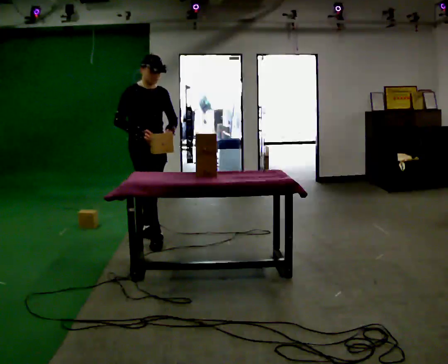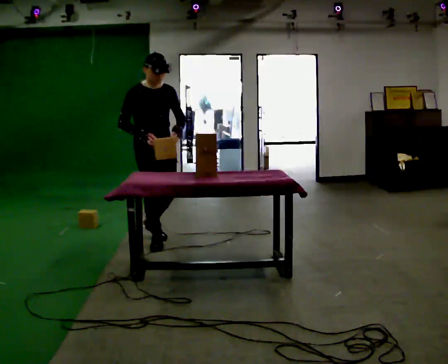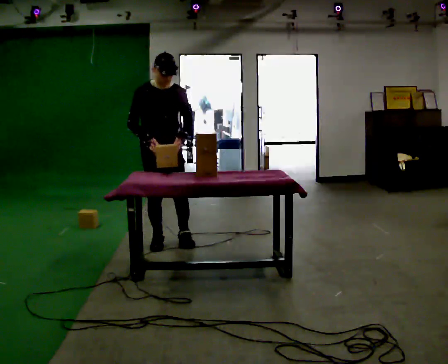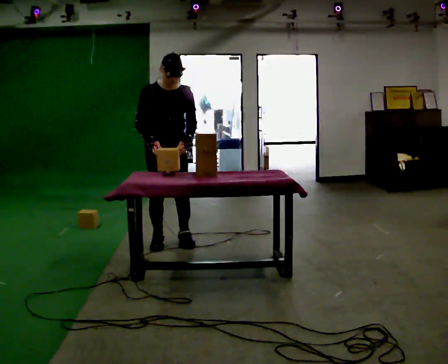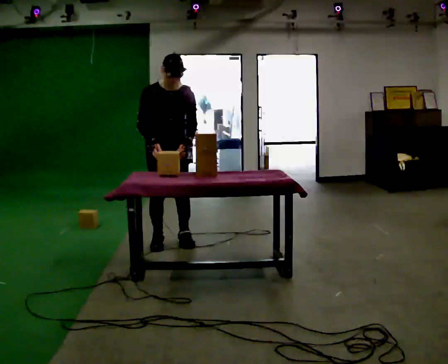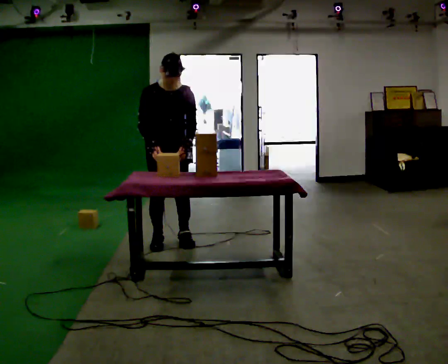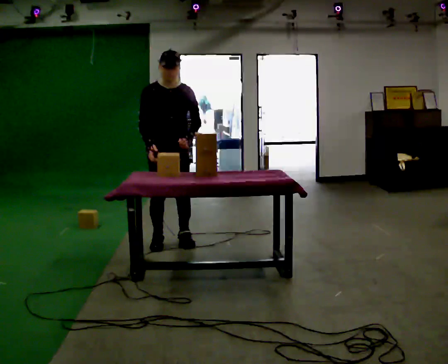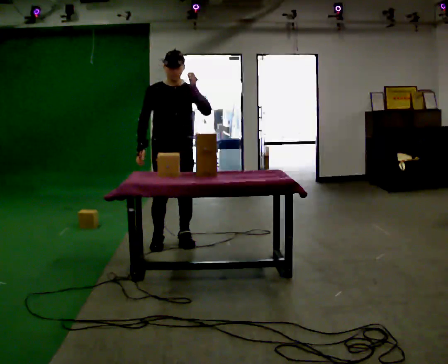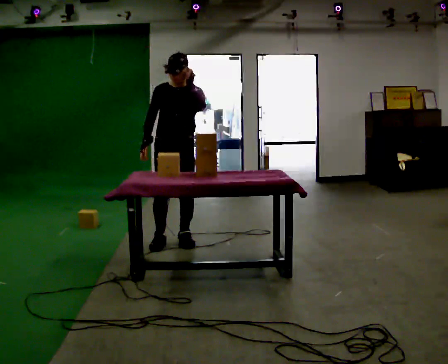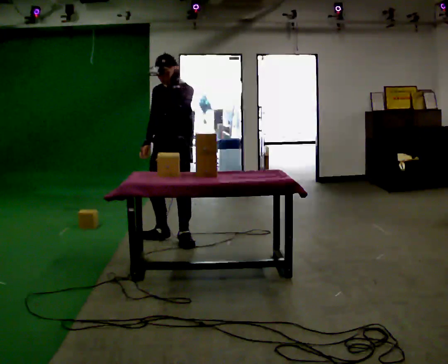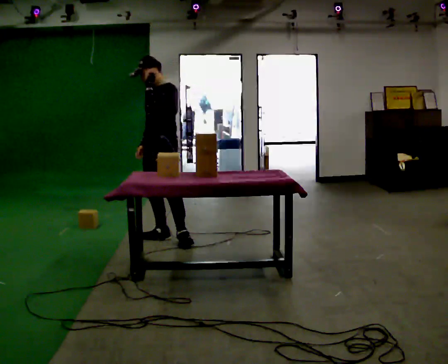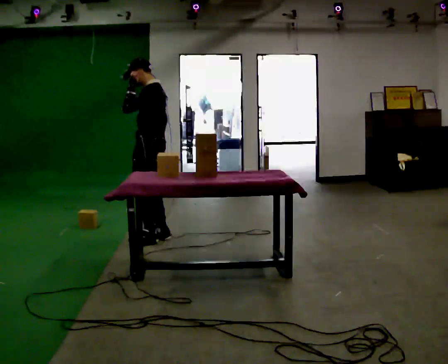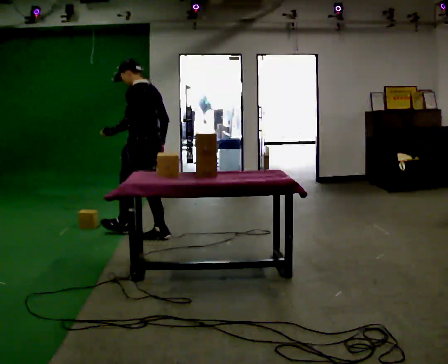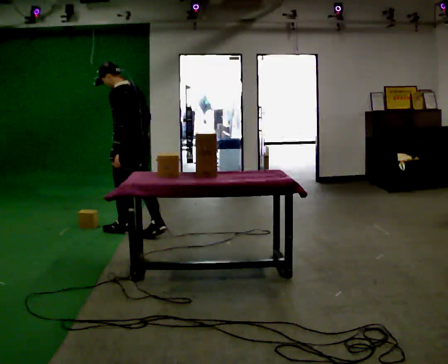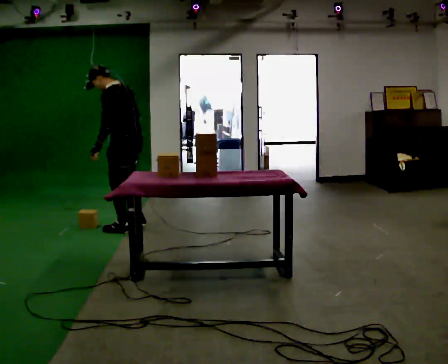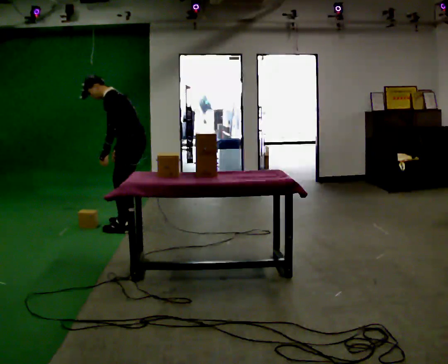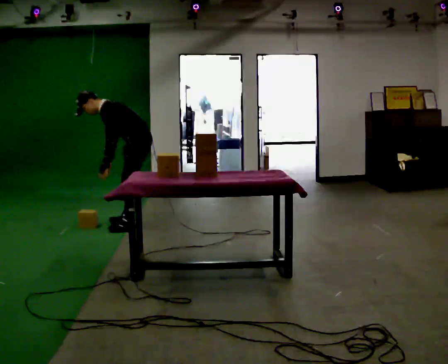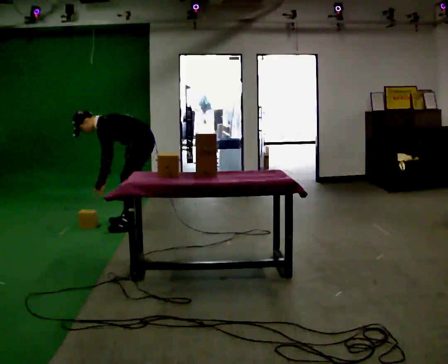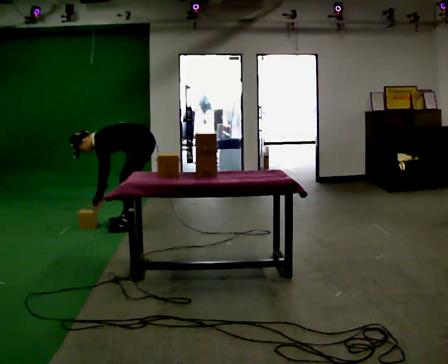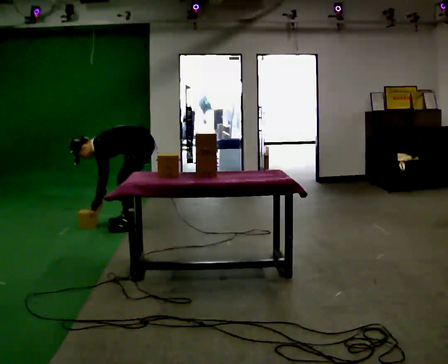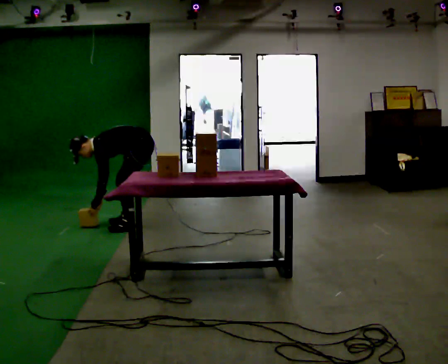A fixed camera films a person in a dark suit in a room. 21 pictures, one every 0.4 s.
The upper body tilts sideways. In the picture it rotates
counterclockwise.
Their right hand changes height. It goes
downward.
0.0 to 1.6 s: The part of the body nearest the lens slides to the left as the person turns to their right by about 30 degrees. In the picture they go to the right and toward the camera, about 0.25 m in 1 step, which for them is forward and to their left. The upper body tips toward the camera, its near side rolling downward, as they bend forward.
1.6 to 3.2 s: In the picture their left hand goes upward.
3.2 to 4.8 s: The person turns about 120 degrees to their right, clockwise seen from above, so the part of the body nearest the lens slides to the left. In the picture they go to the left, about 0.25 m. In the picture their left hand goes downward.
4.8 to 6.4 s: Seen from above the body turns counterclockwise, about 45 degrees: to their left, with its near side sliding to the right. In the picture they go away from the camera, about 0.5 m in 2 steps, which for them is to their right and forward. The upper body goes downward. In the picture the upper body tilts counterclockwise, shoulders to the left, as they bend forward. In the picture their left hand goes downward.
6.4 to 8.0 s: The upper body goes downward. In the picture the upper body tilts counterclockwise, shoulders to the left, as they bend forward. In the picture their left hand goes downward.
The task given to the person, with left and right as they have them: Carry the object over and line it up with the mark on the surface as accurately as you can. Keep going until the operator says stop; one object at a time, and do not rush between trips.
The film runs forward here.
